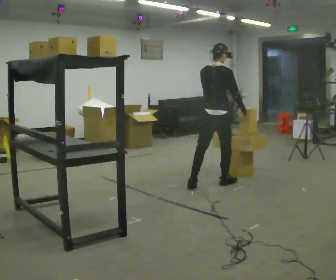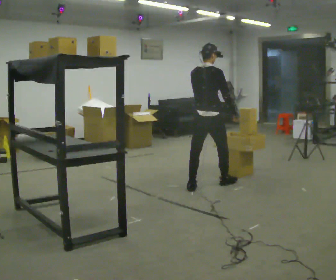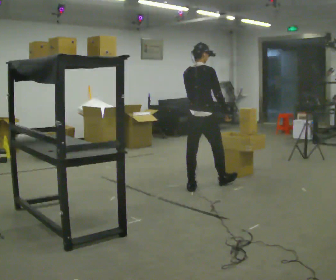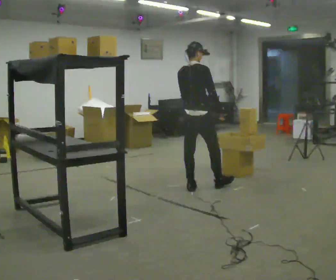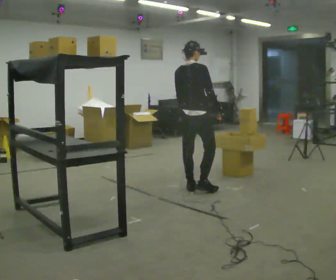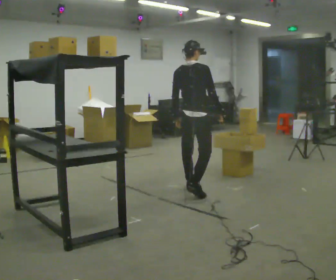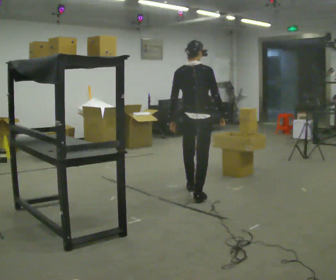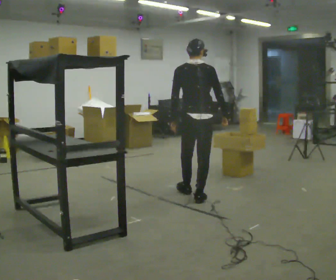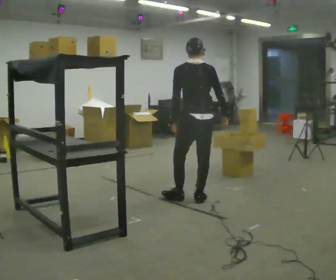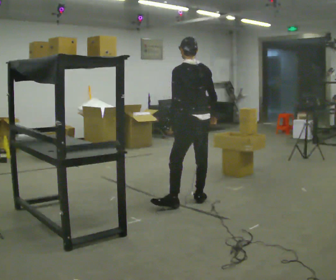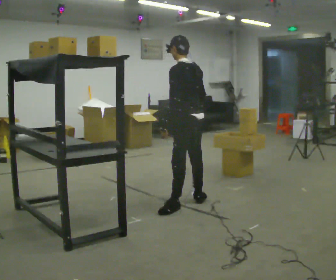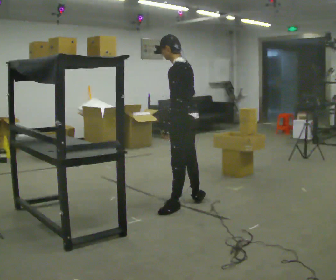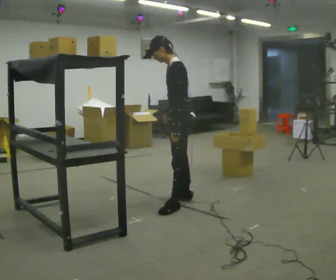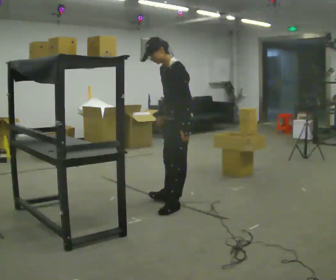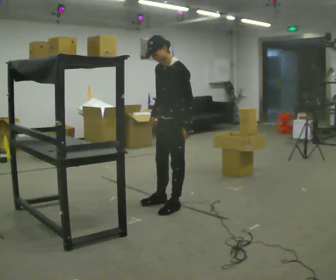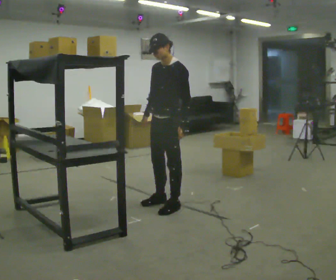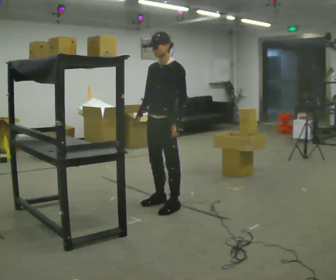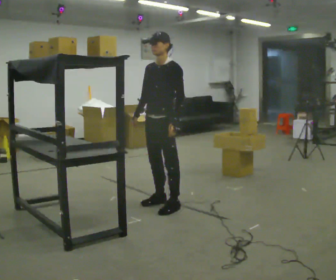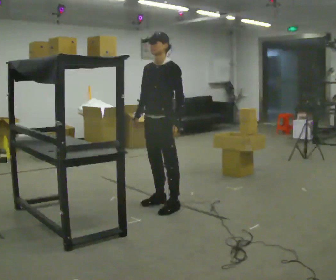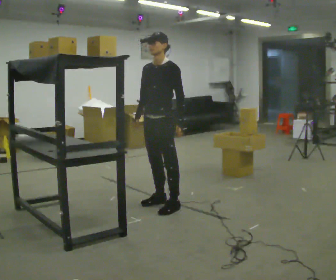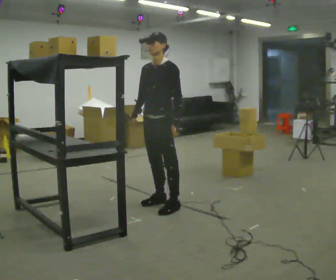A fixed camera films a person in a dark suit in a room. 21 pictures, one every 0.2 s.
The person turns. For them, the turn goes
to their left.
Their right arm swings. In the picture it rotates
clockwise.
0.0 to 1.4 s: In the picture they go toward the camera and to the left, about 0.5 m in 2 steps, which for them is backward.
1.4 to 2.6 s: Seen from above the body turns counterclockwise, about 105 degrees: to their left, with its near side sliding to the right. In the picture they go toward the camera, about 0.25 m in 1 step. The upper body tips toward the camera, its near side rolling downward.
2.6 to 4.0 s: The part of the body nearest the lens slides to the right as the person turns to their left by about 45 degrees. In the picture they go to the left, about 0.25 m, which for them is to their right.
The film runs backward here.
